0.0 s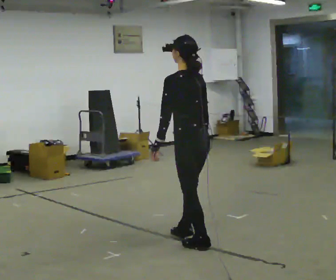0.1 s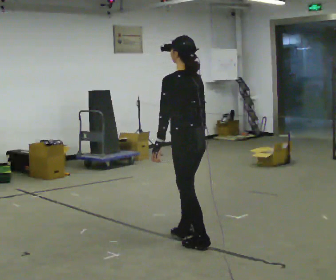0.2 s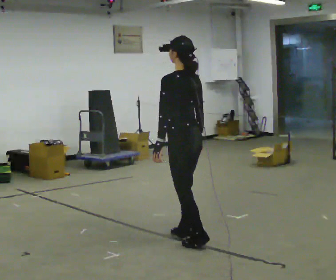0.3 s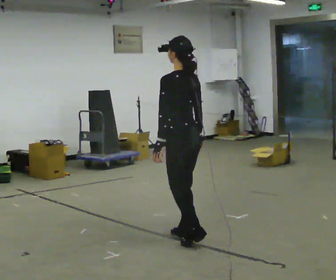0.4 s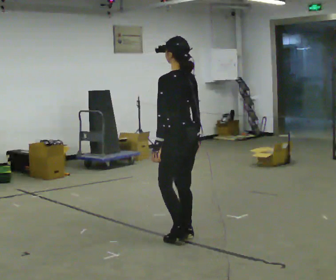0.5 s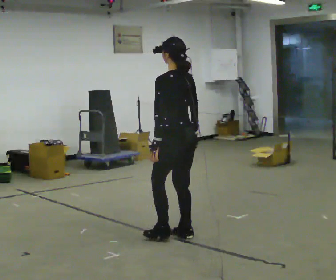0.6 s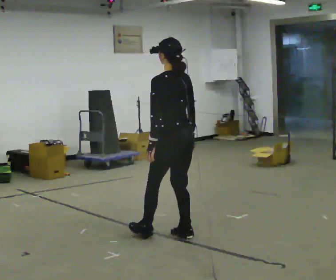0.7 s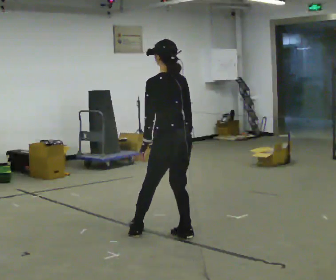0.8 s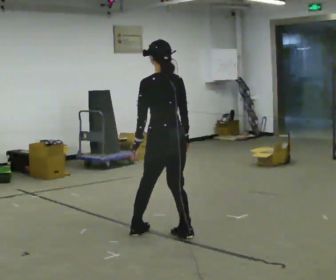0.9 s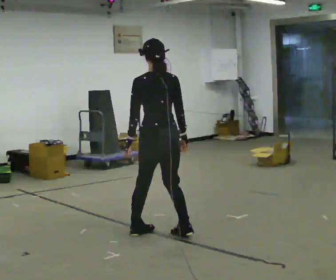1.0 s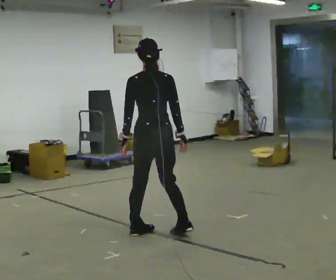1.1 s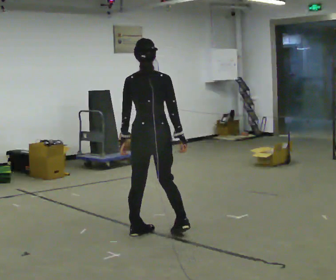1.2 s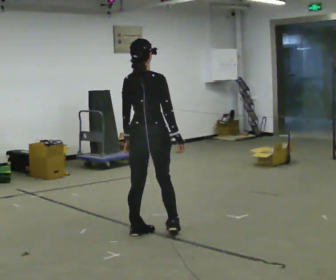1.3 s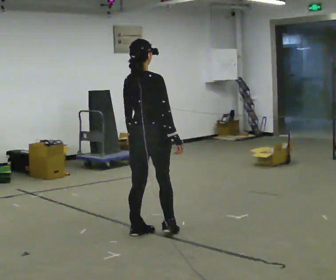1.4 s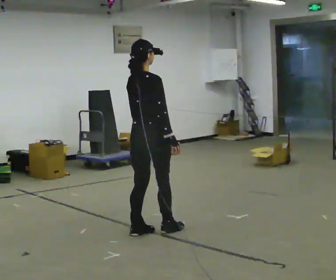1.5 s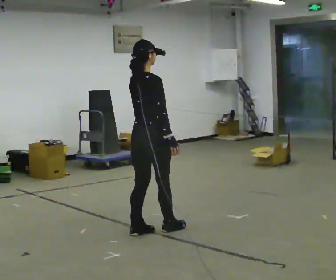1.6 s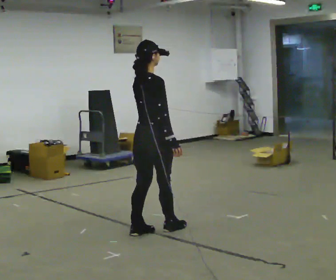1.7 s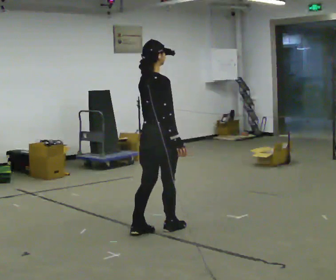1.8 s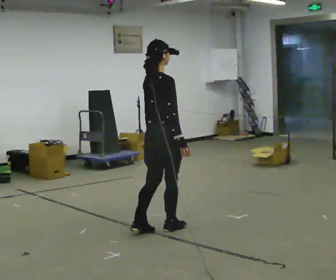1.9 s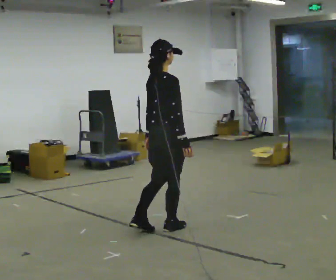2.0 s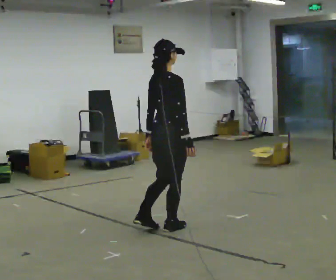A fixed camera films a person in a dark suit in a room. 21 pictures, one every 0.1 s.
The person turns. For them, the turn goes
to their right.
The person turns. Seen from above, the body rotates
clockwise.
0.0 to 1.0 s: The part of the body nearest the lens slides to the left as the person turns to their right by about 30 degrees. In the picture they go to the left and away from the camera, about 0.5 m in 1 step, which for them is forward.
1.0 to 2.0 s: Seen from above the body turns clockwise, about 60 degrees: to their right, with its near side sliding to the left. In the picture they go away from the camera, about 0.25 m in 2 steps.
The film runs backward here.
